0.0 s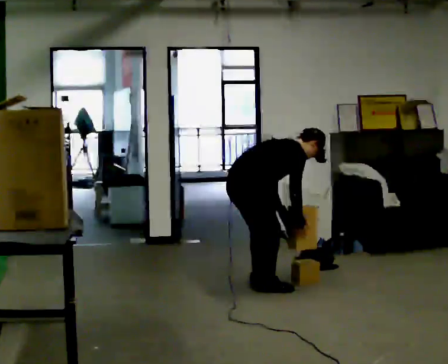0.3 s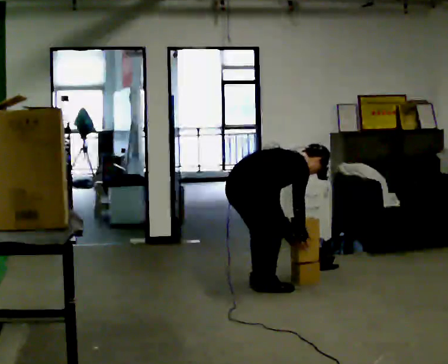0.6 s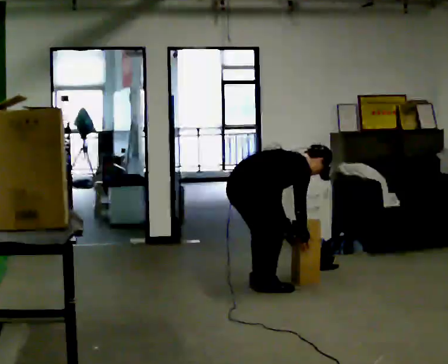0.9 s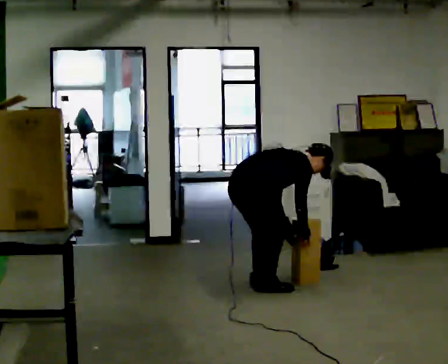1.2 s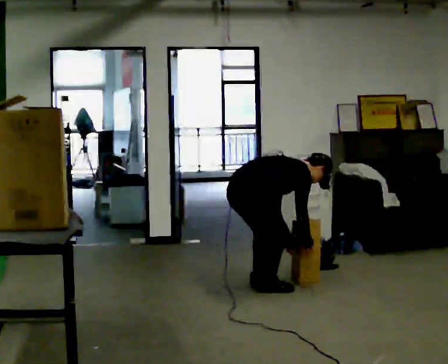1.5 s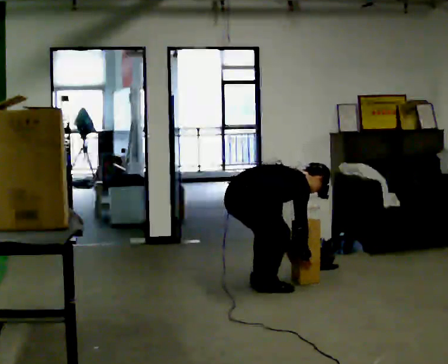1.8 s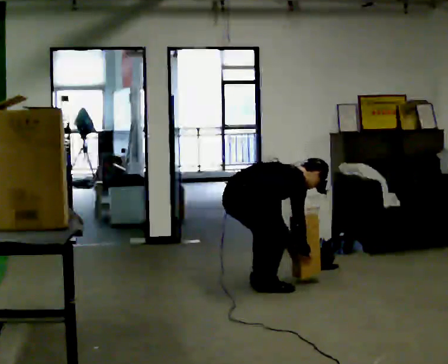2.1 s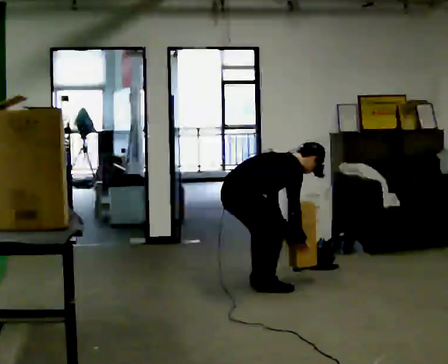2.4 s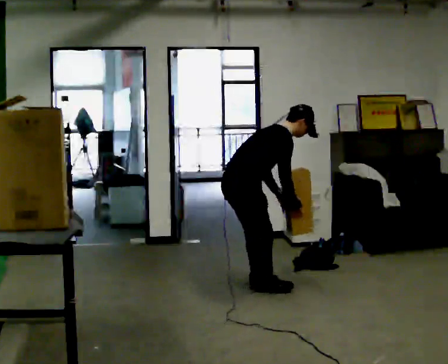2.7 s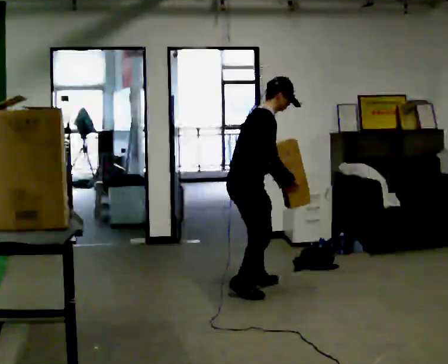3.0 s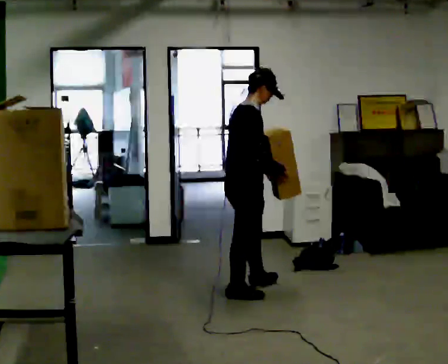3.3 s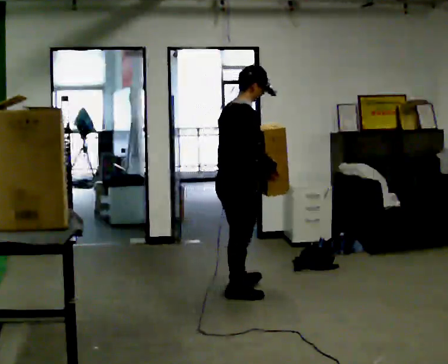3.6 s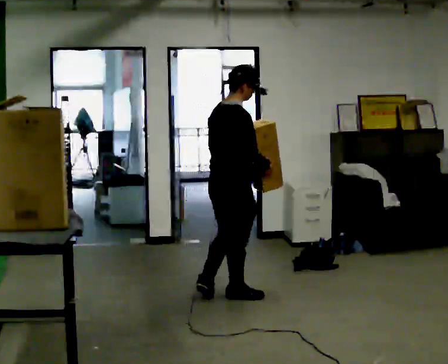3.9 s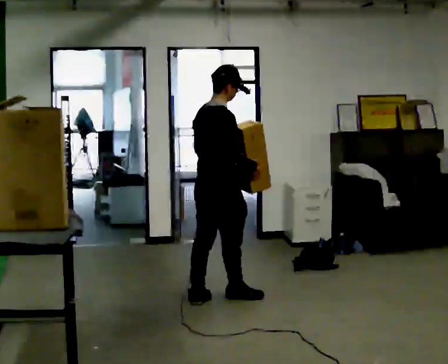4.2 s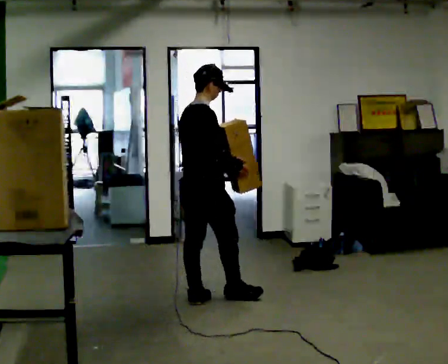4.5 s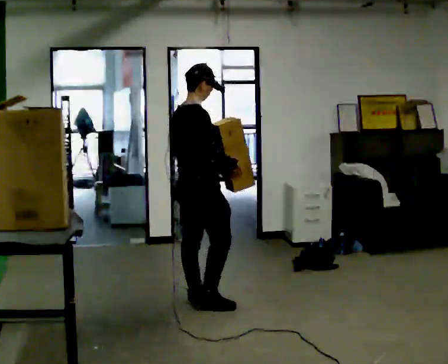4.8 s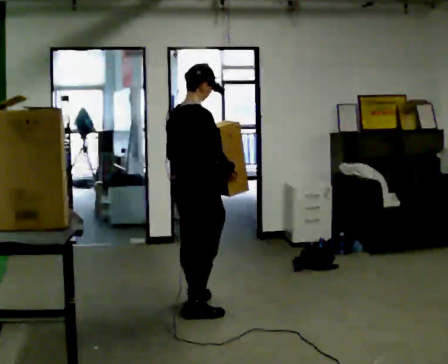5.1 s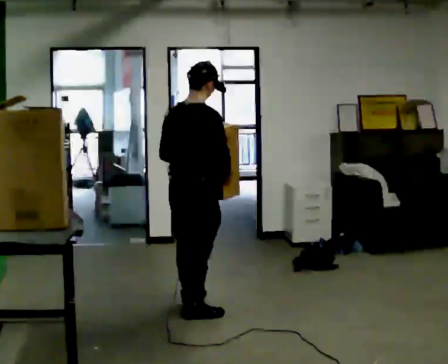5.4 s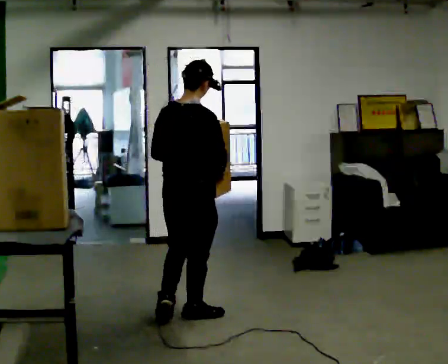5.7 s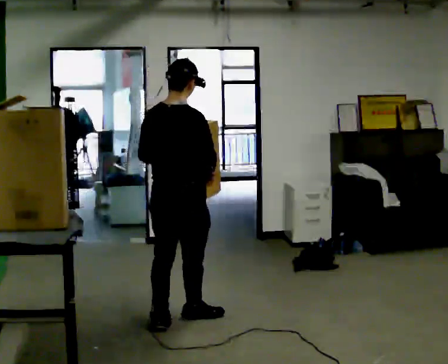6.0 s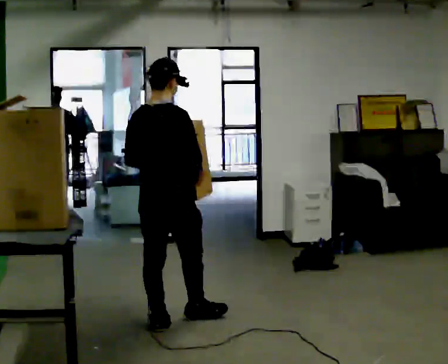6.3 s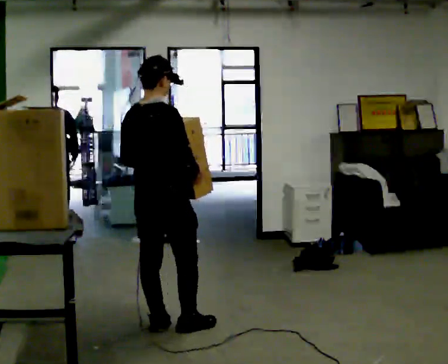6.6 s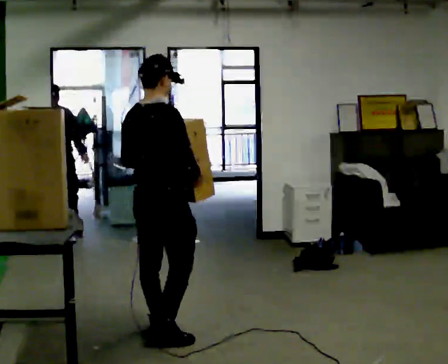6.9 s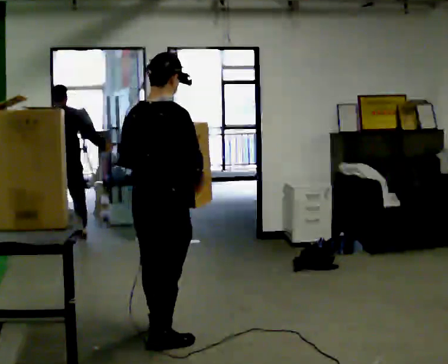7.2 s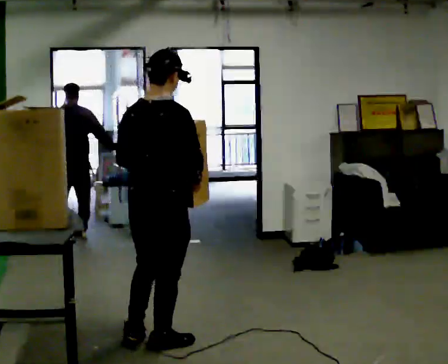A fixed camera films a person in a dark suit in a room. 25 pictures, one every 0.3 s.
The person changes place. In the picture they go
toward the camera.
0.0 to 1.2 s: The upper body tips away from the camera, its near side rolling upward, as they bend forward.
1.2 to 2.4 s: In the picture the upper body tilts counterclockwise, shoulders to the left, as they lean back or straighten.
2.4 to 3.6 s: In the picture they go toward the camera, about 0.25 m in 2 steps, which for them is to their right and backward. The shoulders move upward. In the picture the upper body tilts counterclockwise, shoulders to the left, as they lean back or straighten. In the picture their right hand goes upward.
3.6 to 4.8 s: In the picture they go to the left and toward the camera, about 0.25 m in 1 step, which for them is backward.
4.8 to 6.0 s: In the picture they go toward the camera and to the left, about 0.5 m in 2 steps, which for them is backward.
6.0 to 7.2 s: In the picture they go toward the camera, about 0.5 m in 1 step, which for them is backward and to their right.
The film runs backward here.
